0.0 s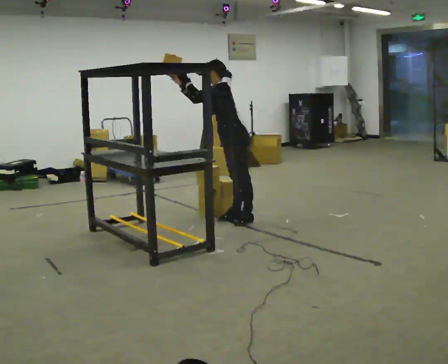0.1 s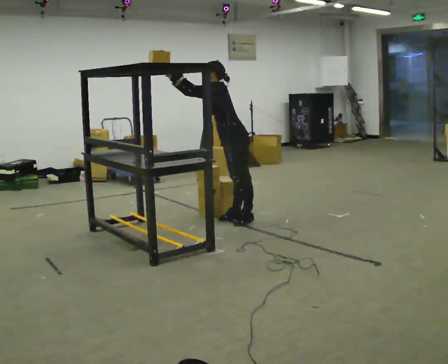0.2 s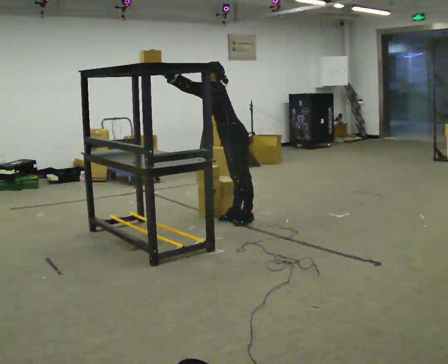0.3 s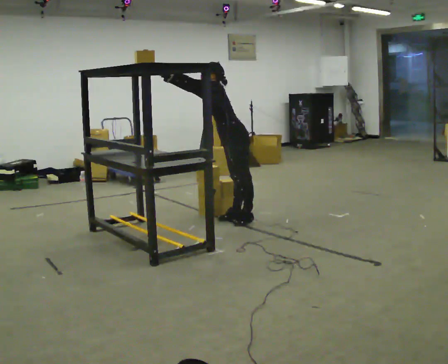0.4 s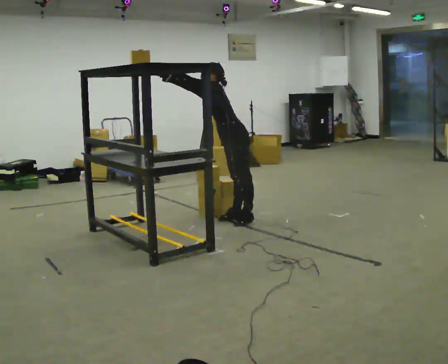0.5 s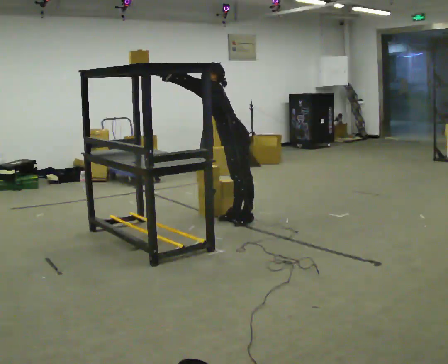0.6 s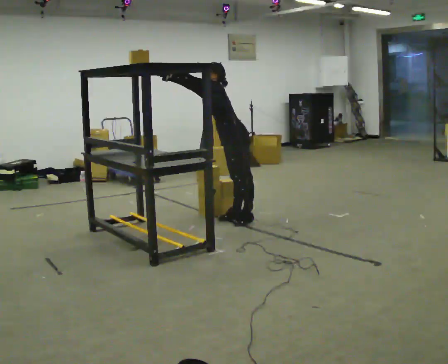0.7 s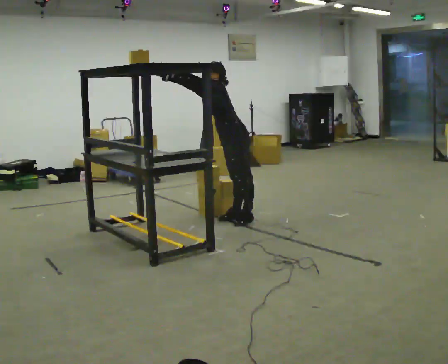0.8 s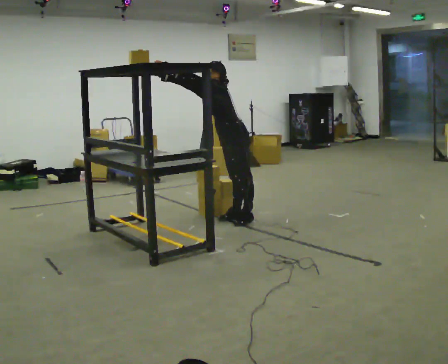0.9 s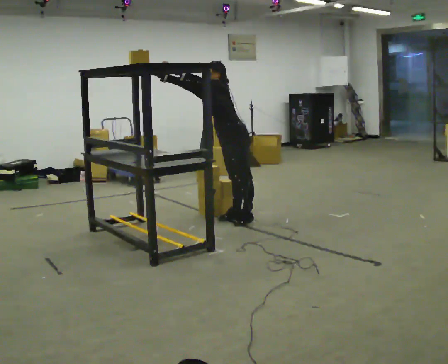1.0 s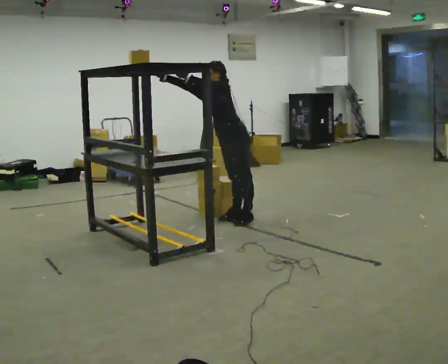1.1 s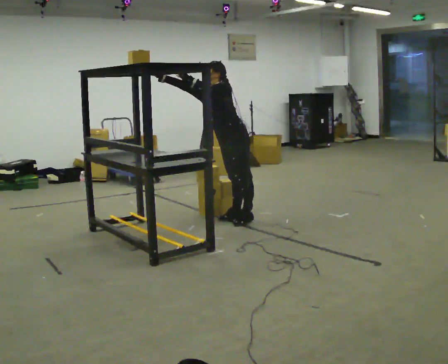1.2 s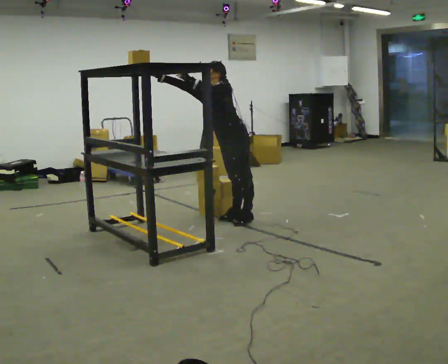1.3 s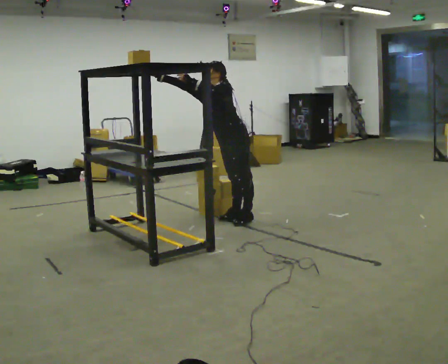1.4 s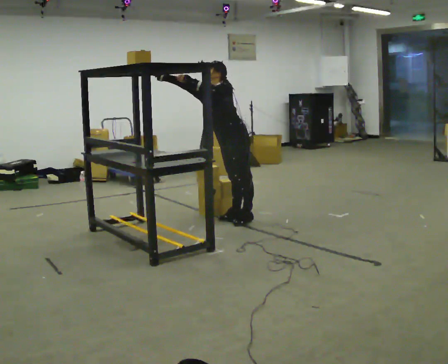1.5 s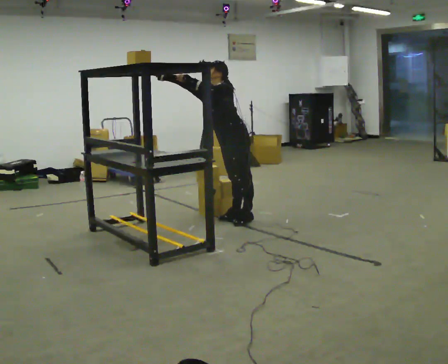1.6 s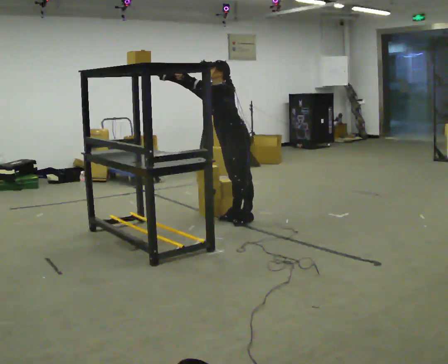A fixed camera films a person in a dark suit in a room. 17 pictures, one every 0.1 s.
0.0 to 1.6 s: Seen from above the body turns counterclockwise, about 30 degrees: to their left, with its near side sliding to the right.
The film runs backward here.
